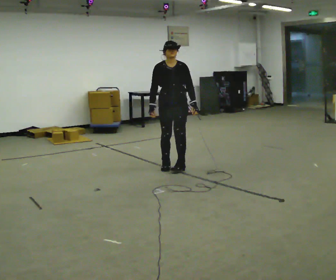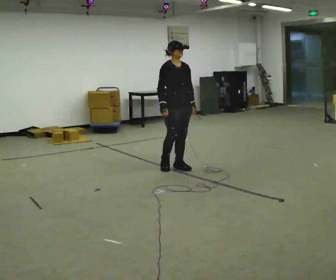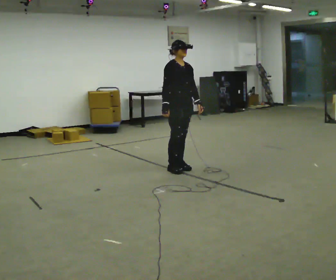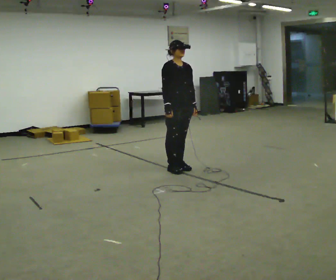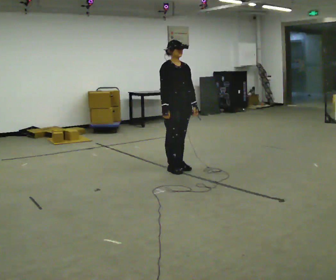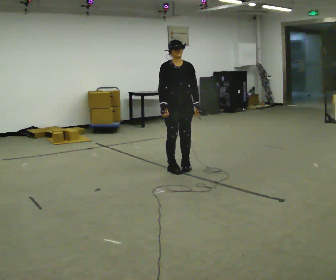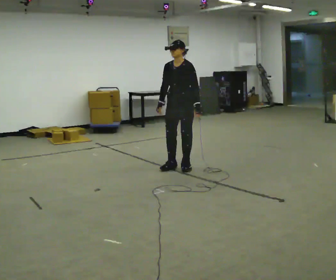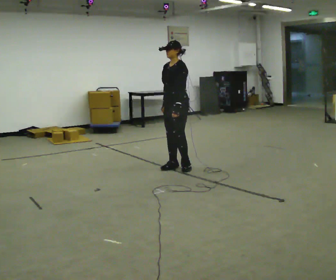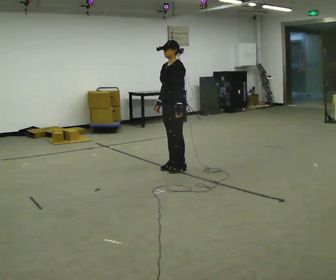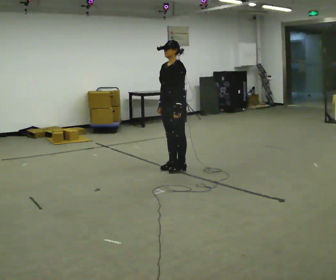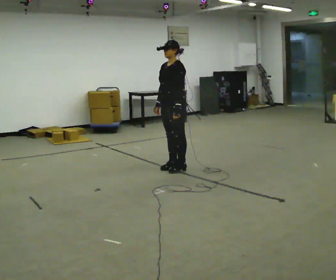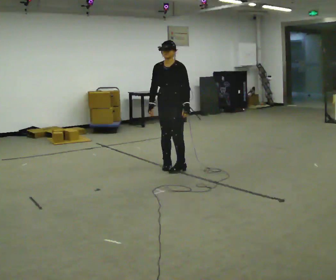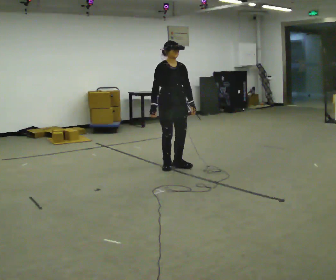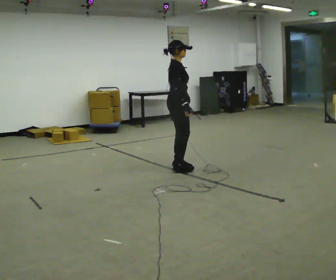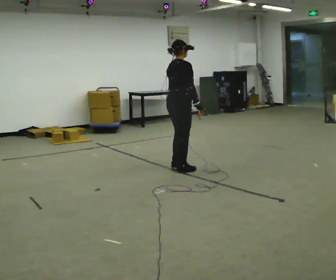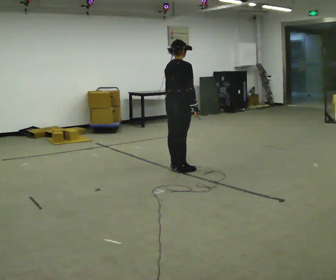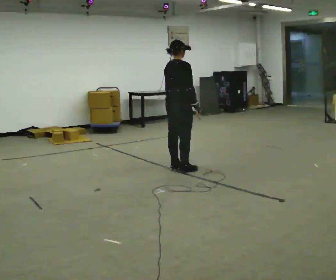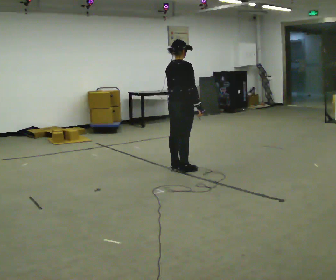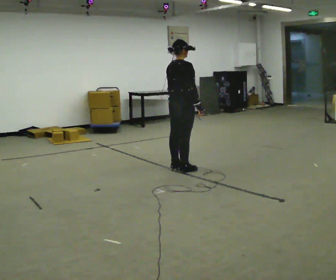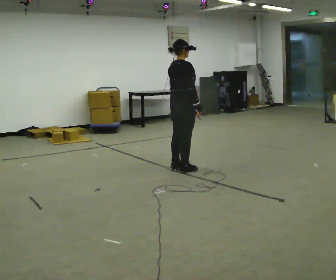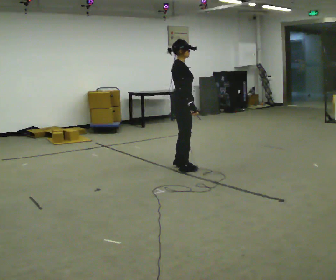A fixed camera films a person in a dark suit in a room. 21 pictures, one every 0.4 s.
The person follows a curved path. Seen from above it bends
counterclockwise.
0.0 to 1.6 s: The part of the body nearest the lens slides to the right as the person turns to their left by about 30 degrees.
1.6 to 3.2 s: The part of the body nearest the lens slides to the left as the person turns to their right by about 105 degrees.
3.2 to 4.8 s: The person turns about 90 degrees to their left, counterclockwise seen from above, so the part of the body nearest the lens slides to the right.
4.8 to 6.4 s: The person turns about 90 degrees to their left, counterclockwise seen from above, so the part of the body nearest the lens slides to the right. In the picture their right hand goes to the right, the arm swinging counterclockwise.
6.4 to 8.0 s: The person turns about 45 degrees to their right, clockwise seen from above, so the part of the body nearest the lens slides to the left.
The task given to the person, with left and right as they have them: Turn on the spot to face the direction the operator calls, then stand still. The operator will call 90, 180 and 360 degrees and left or right.
The film runs forward here.
